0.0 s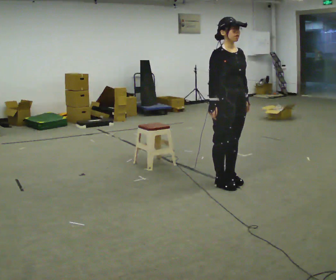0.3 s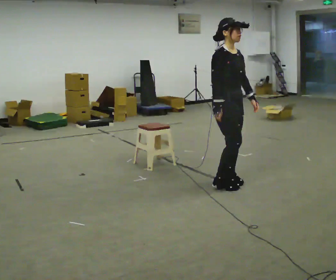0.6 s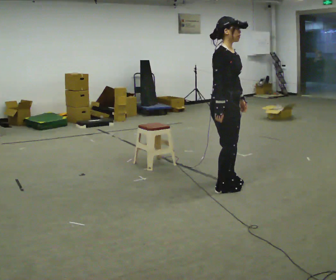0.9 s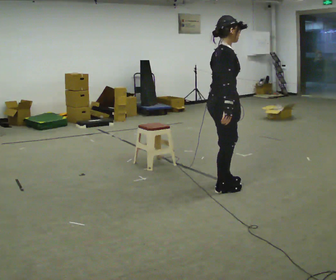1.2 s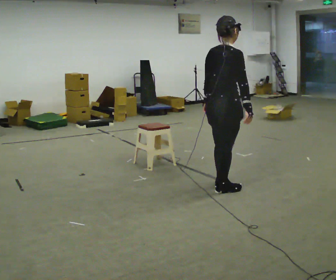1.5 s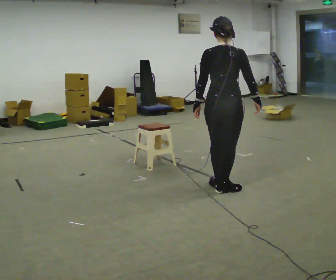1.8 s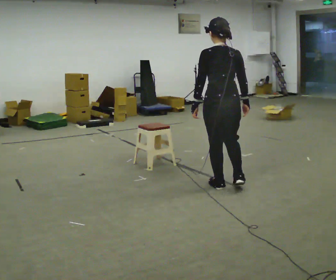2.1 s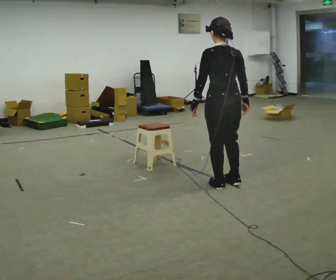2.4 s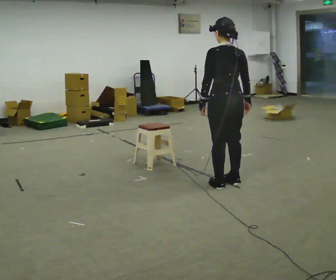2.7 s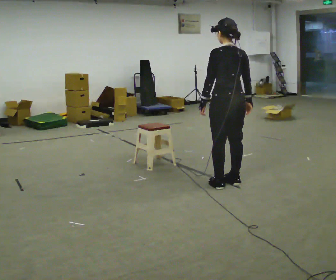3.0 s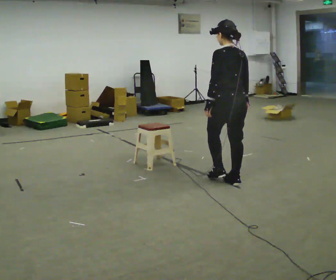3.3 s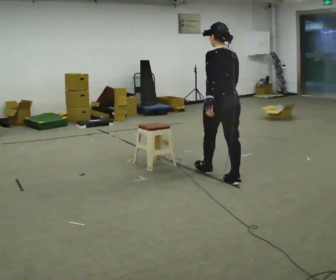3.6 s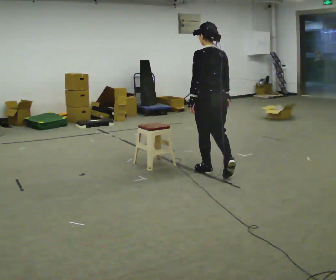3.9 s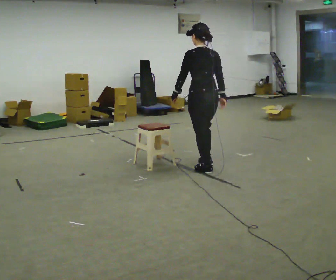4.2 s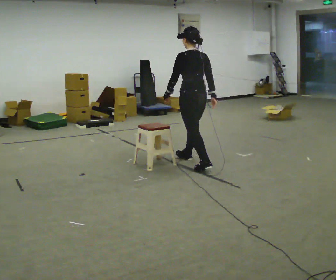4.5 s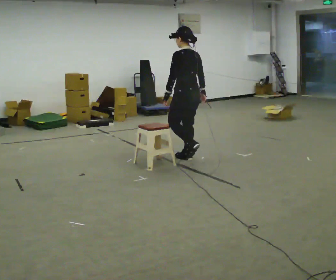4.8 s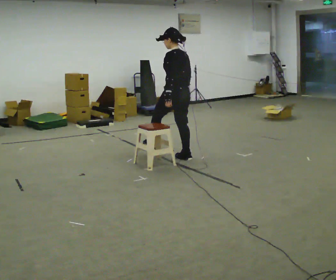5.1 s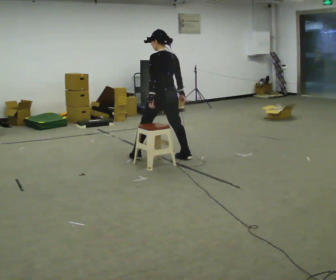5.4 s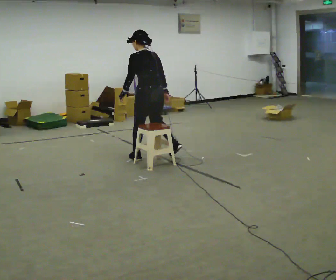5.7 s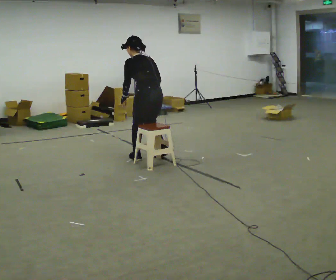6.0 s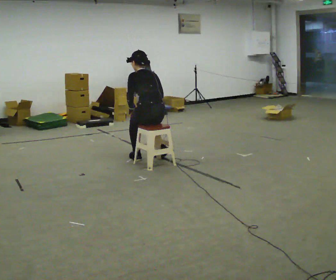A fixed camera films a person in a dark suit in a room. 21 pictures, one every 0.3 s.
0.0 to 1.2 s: The part of the body nearest the lens slides to the right as the person turns to their left by about 105 degrees. In the picture they go toward the camera, about 0.25 m in 2 steps. In the picture their left hand goes to the left, the arm swinging clockwise.
1.2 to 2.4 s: The person turns about 60 degrees to their left, counterclockwise seen from above, so the part of the body nearest the lens slides to the right. In the picture they go away from the camera, about 0.25 m in 1 step, which for them is forward.
2.4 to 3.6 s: In the picture they go away from the camera and to the left, about 0.5 m in 1 step, which for them is forward.
3.6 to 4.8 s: In the picture they go away from the camera and to the left, about 0.75 m in 1 step, which for them is forward.
4.8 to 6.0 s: In the picture they go to the left and toward the camera, about 0.25 m in 2 steps, which for them is to their left. The shoulders move downward. The upper body tips away from the camera, its near side rolling upward, as they bend forward.
The film runs forward here.
